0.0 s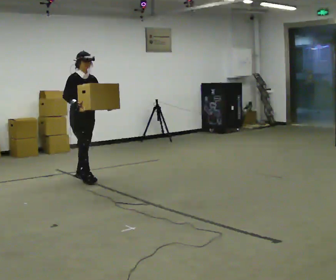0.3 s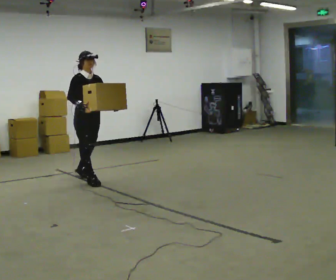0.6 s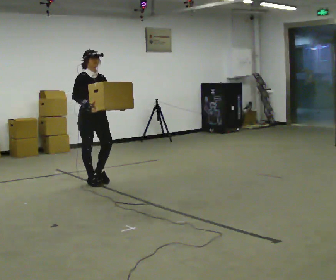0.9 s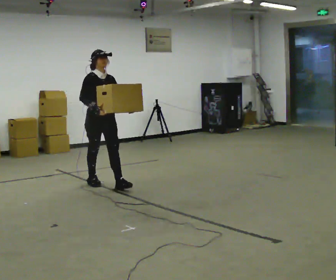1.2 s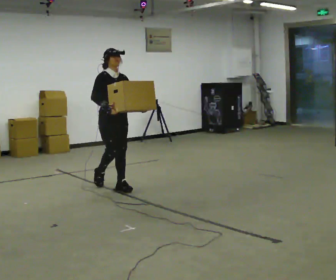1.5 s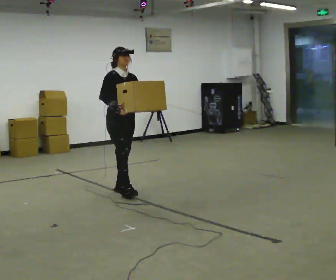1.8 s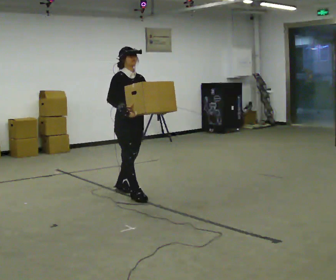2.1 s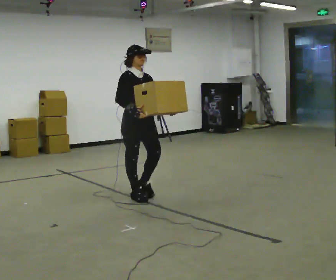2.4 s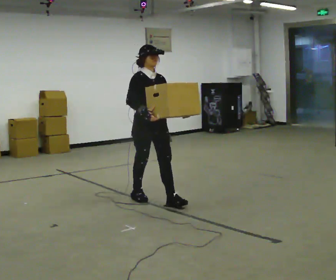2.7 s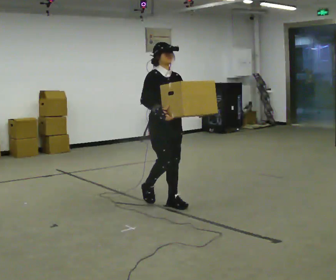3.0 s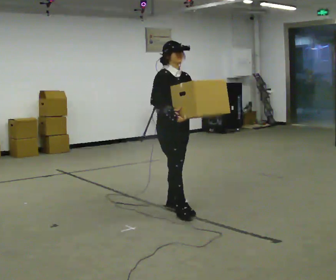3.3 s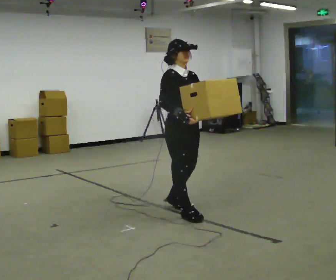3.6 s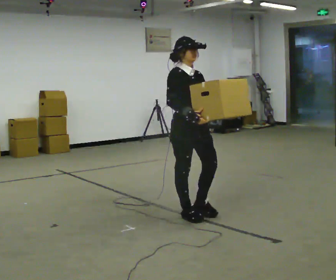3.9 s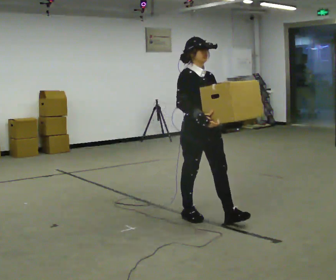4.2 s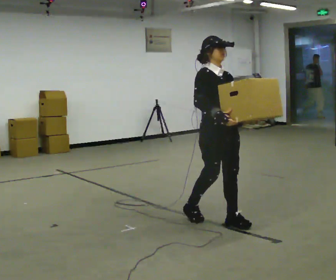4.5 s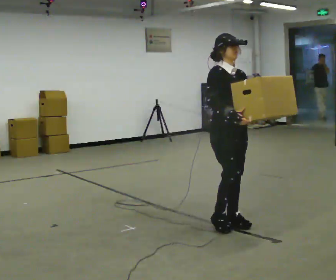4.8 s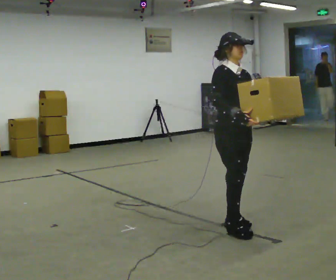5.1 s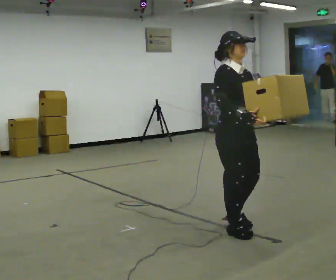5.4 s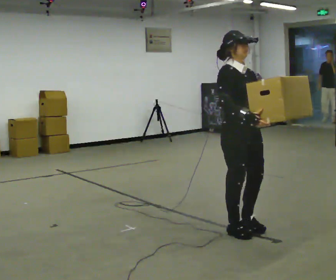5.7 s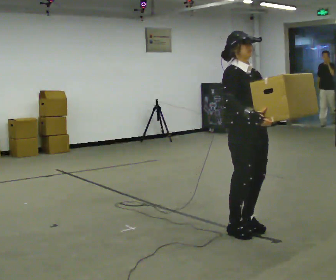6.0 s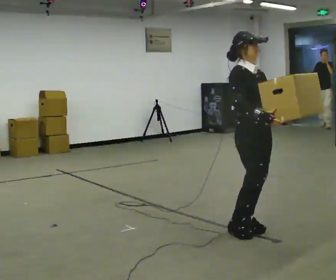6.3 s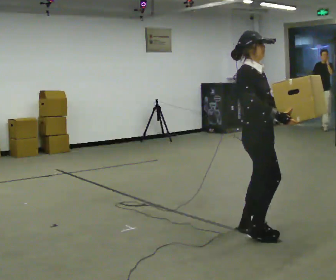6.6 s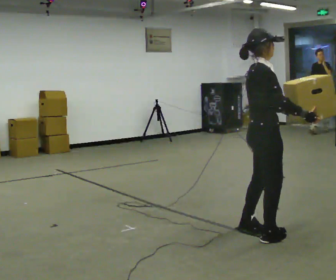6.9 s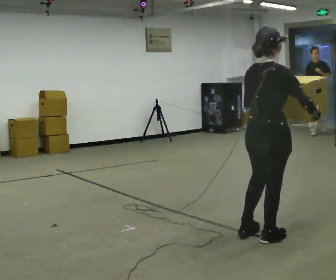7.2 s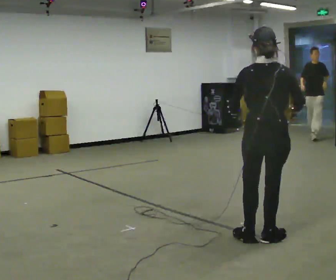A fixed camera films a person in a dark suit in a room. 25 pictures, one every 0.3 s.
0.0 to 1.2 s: In the picture they go toward the camera and to the right, about 0.5 m in 2 steps, which for them is forward.
1.2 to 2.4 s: In the picture they go toward the camera and to the right, about 0.5 m in 2 steps, which for them is forward.
2.4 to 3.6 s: In the picture they go toward the camera and to the right, about 0.75 m in 1 step, which for them is forward.
3.6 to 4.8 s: In the picture they go to the right and toward the camera, about 0.5 m in 2 steps, which for them is forward.
4.8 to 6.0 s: The person moves a little, or ends about where they began.
6.0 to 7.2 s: The person turns about 120 degrees to their left, counterclockwise seen from above, so the part of the body nearest the lens slides to the right. In the picture they go toward the camera, about 0.25 m in 2 steps. In the picture their right hand goes to the right.
The film runs forward here.
